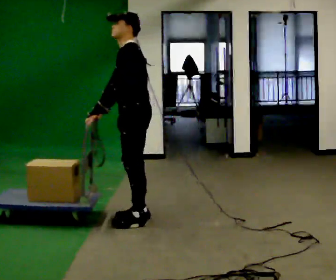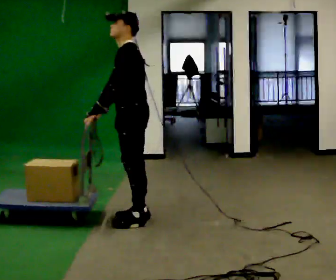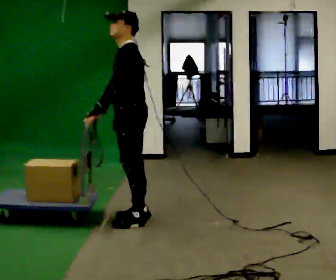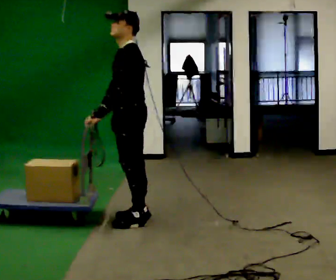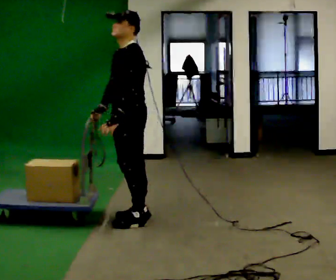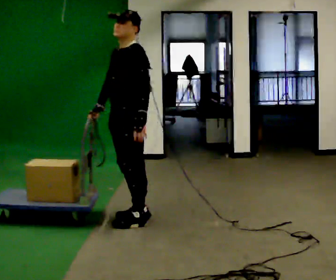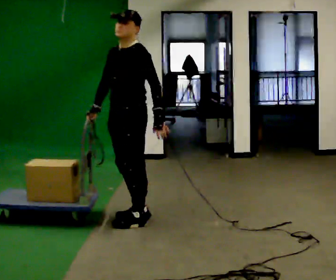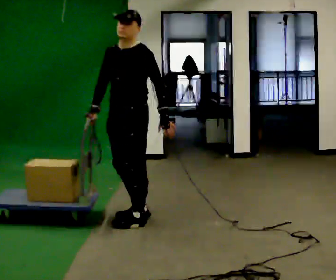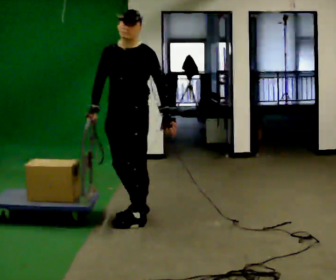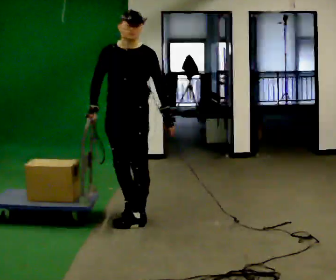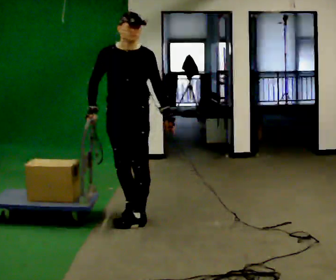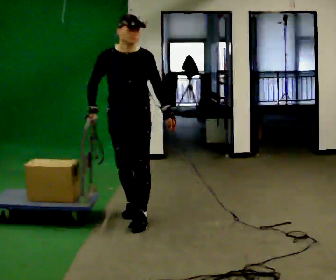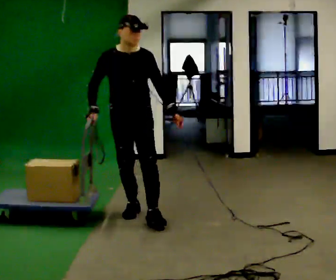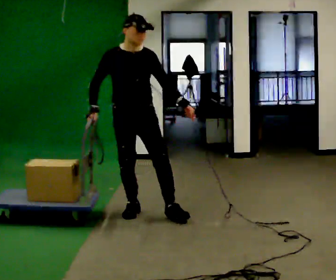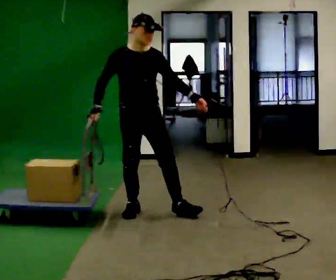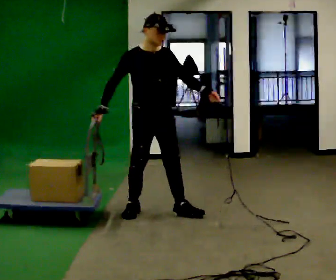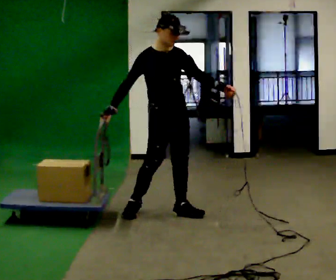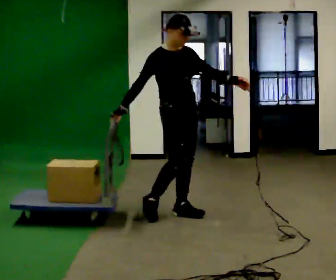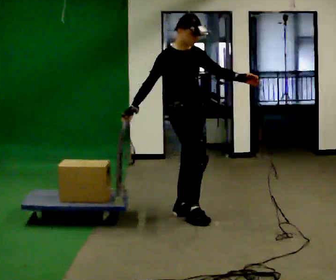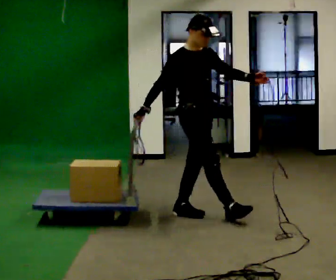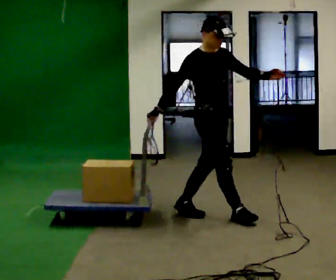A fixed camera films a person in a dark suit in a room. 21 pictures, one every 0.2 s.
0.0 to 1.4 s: The part of the body nearest the lens slides to the right as the person turns to their left by about 45 degrees. In the picture their left hand goes to the right, the arm swinging counterclockwise.
1.4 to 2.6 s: Seen from above the body turns counterclockwise, about 60 degrees: to their left, with its near side sliding to the right. In the picture they go away from the camera, about 0.25 m in 1 step, which for them is backward.
2.6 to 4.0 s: The person turns about 45 degrees to their left, counterclockwise seen from above, so the part of the body nearest the lens slides to the right. In the picture they go to the right, about 0.75 m in 2 steps, which for them is forward and to their left.
The film runs forward here.
